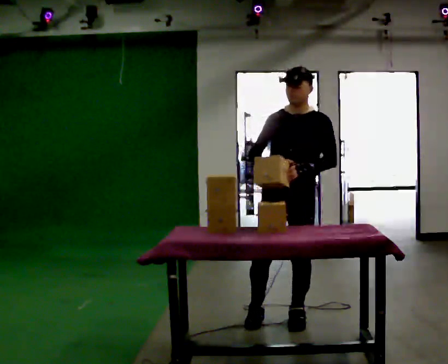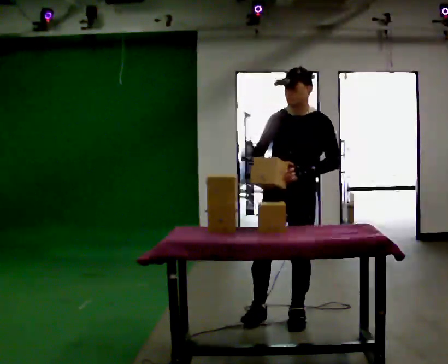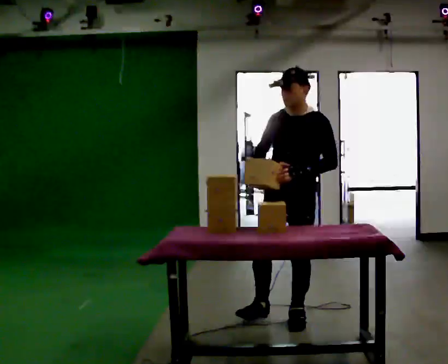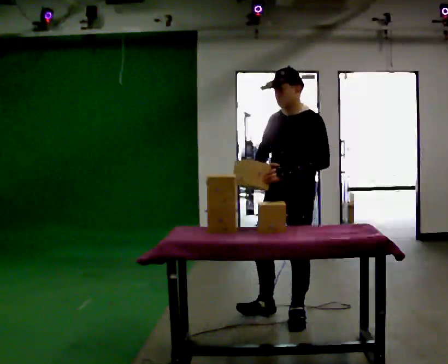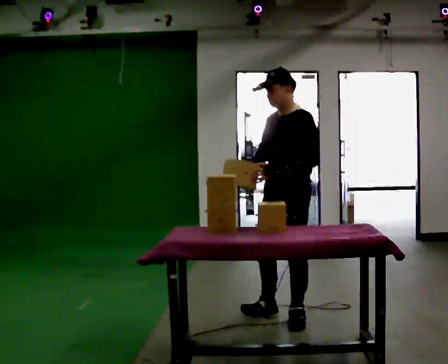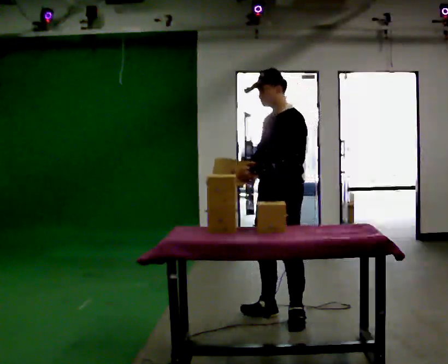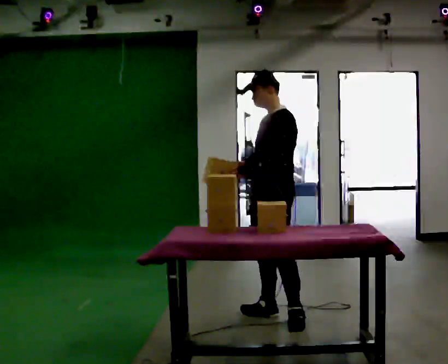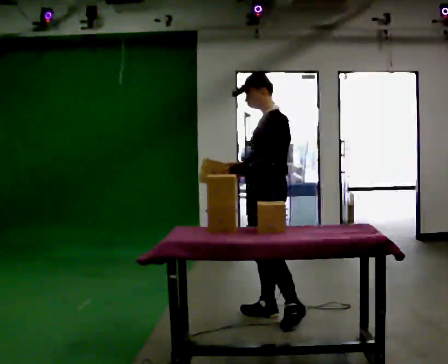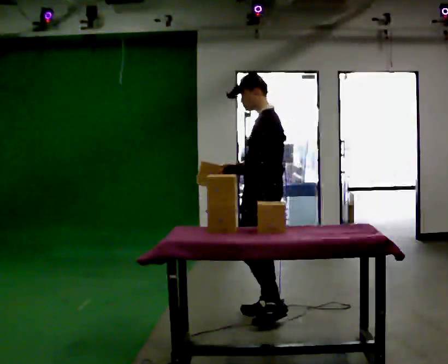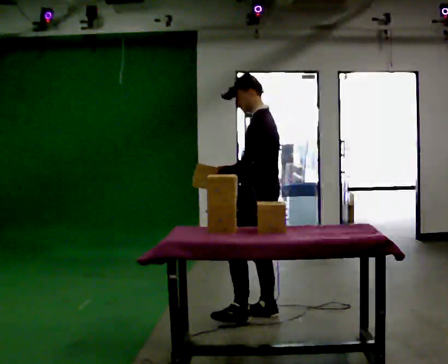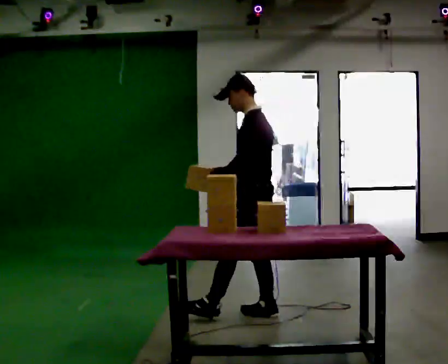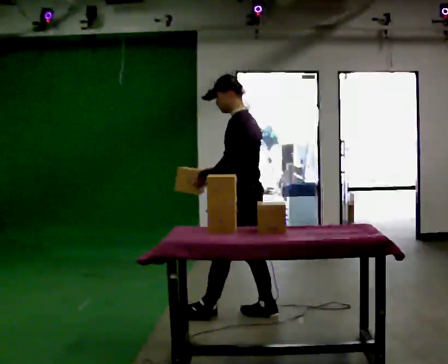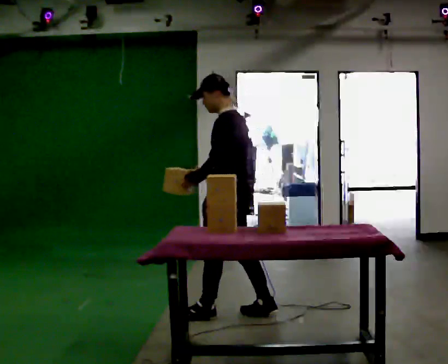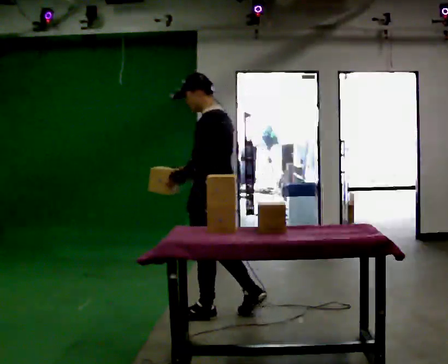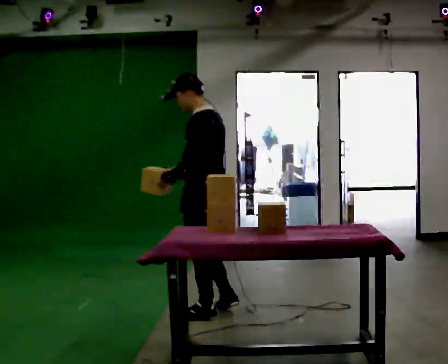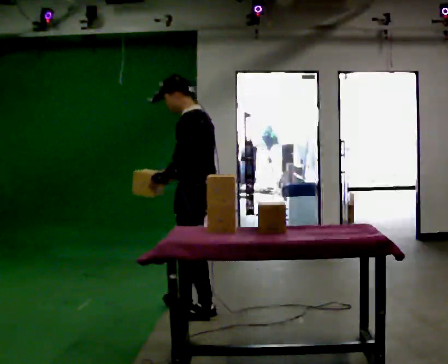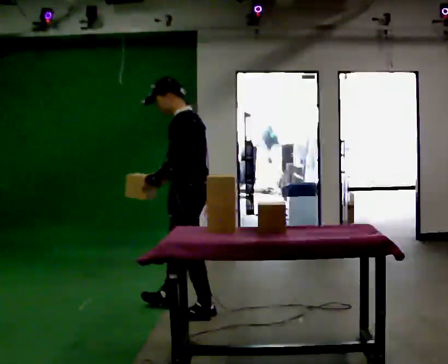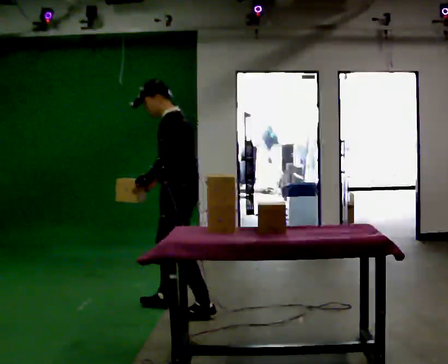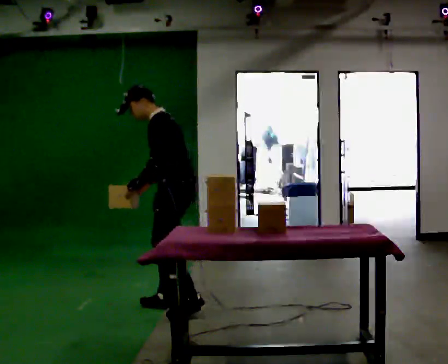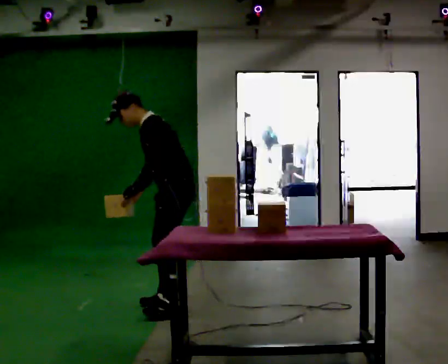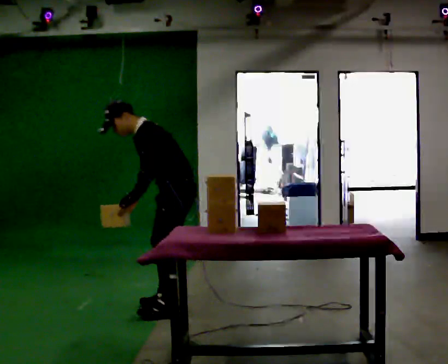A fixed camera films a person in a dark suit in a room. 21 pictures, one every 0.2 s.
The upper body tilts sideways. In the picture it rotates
counterclockwise.
0.0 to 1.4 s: The part of the body nearest the lens slides to the left as the person turns to their right by about 60 degrees. In the picture they go away from the camera, about 0.25 m, which for them is to their right.
1.4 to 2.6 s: Seen from above the body turns clockwise, about 30 degrees: to their right, with its near side sliding to the left. In the picture they go to the left, about 0.5 m in 1 step, which for them is forward.
2.6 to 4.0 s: The part of the body nearest the lens slides to the right as the person turns to their left by about 30 degrees. In the picture they go to the left and away from the camera, about 0.25 m in 2 steps, which for them is forward and to their right. In the picture the upper body tilts counterclockwise, shoulders to the left, as they bend forward.
The film runs forward here.
